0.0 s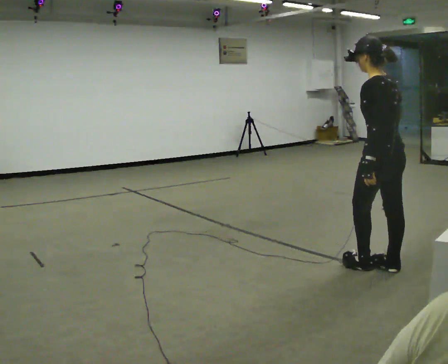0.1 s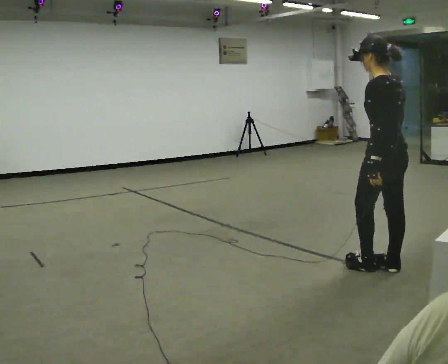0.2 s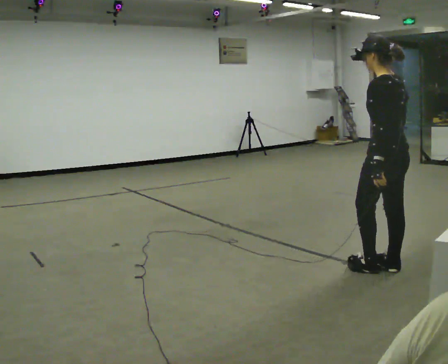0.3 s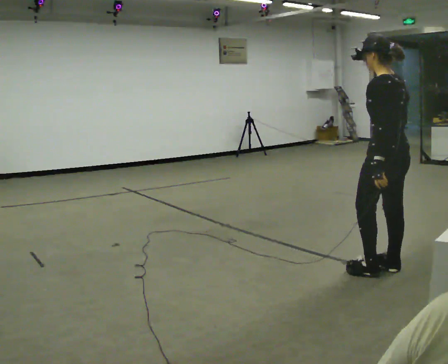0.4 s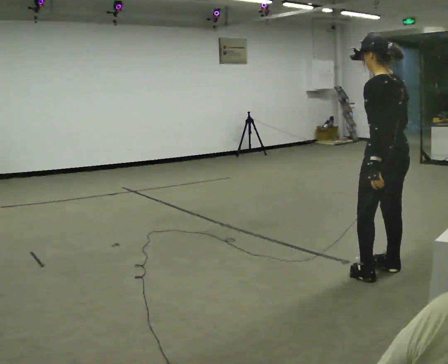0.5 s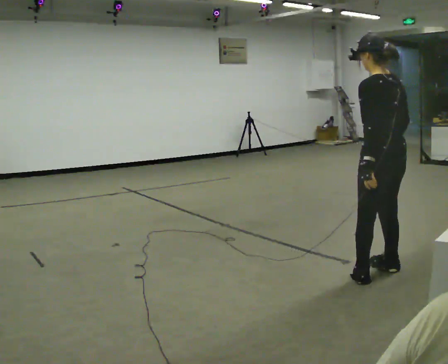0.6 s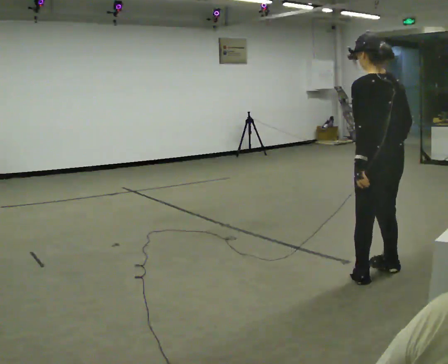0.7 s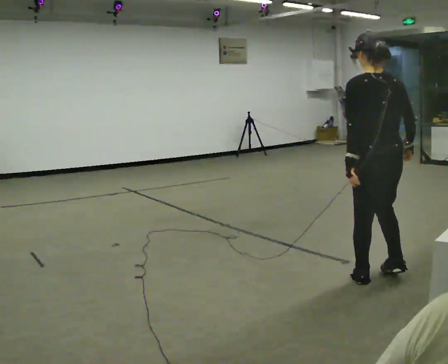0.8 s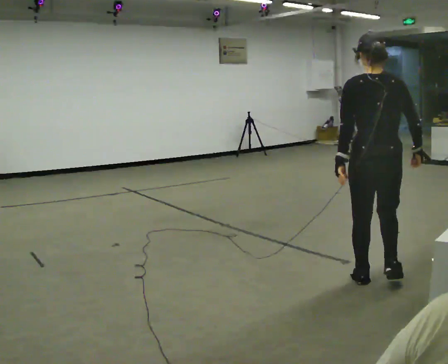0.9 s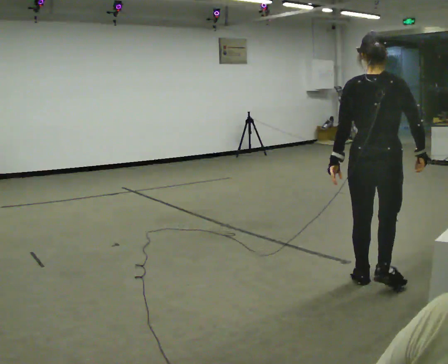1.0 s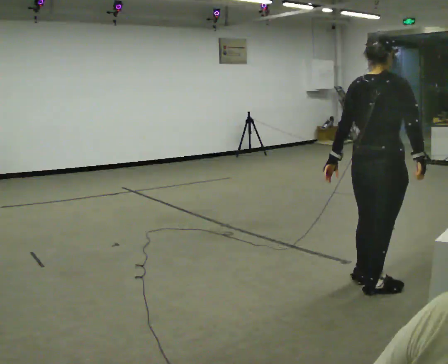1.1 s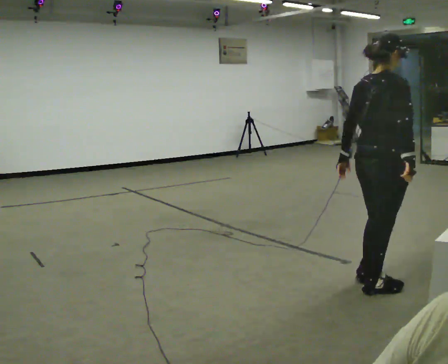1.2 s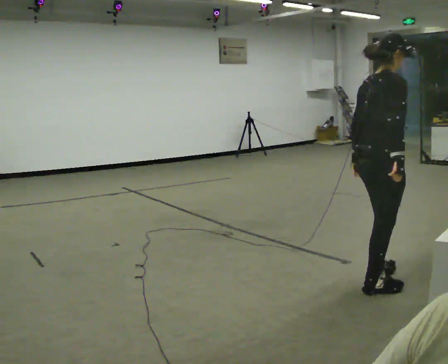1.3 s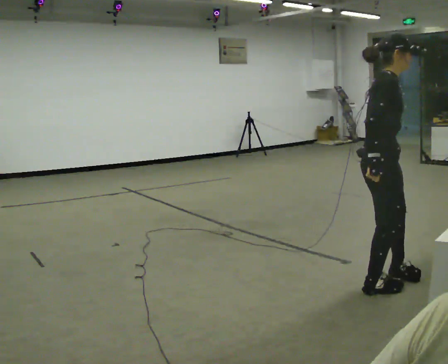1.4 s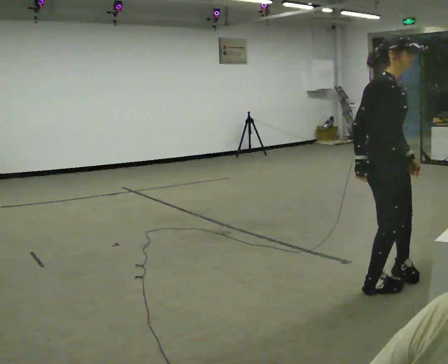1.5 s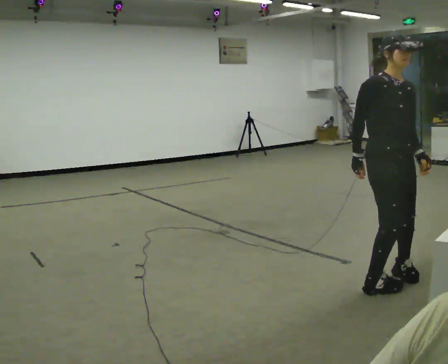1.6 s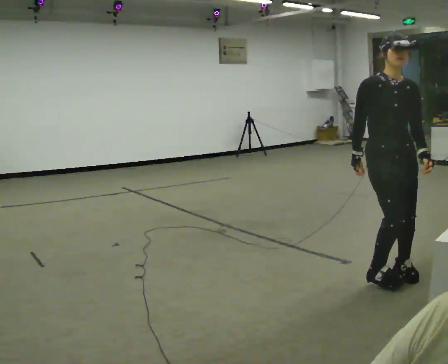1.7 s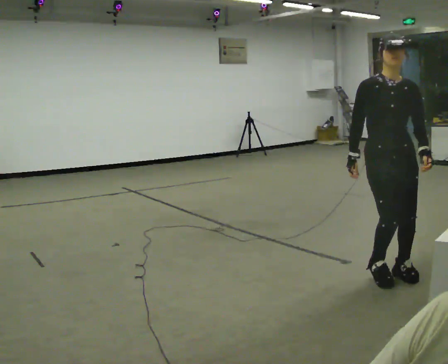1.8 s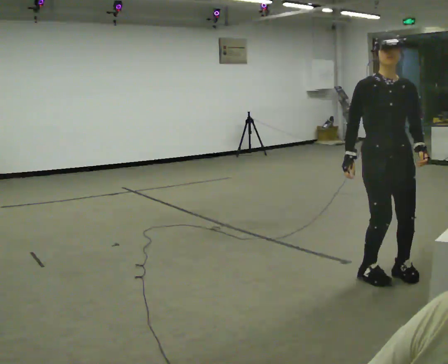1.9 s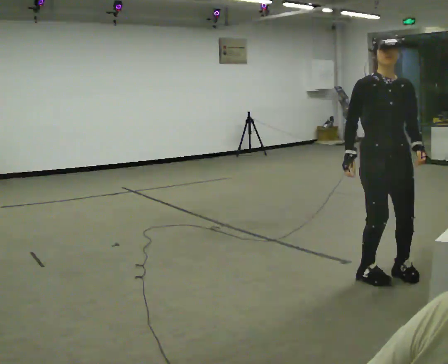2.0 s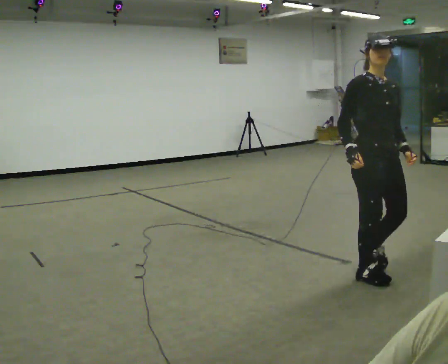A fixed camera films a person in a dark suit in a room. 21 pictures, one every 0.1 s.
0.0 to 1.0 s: Seen from above the body turns clockwise, about 75 degrees: to their right, with its near side sliding to the left. In the picture they go toward the camera, about 0.25 m in 2 steps.
1.0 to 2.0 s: The person turns about 120 degrees to their right, clockwise seen from above, so the part of the body nearest the lens slides to the left. In the picture they go away from the camera, about 0.25 m in 3 steps. In the picture their left hand goes to the right, the arm swinging counterclockwise.
The film runs backward here.
